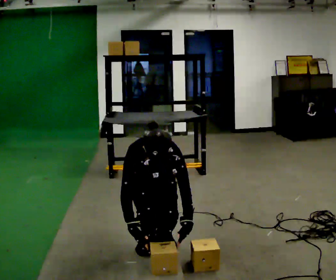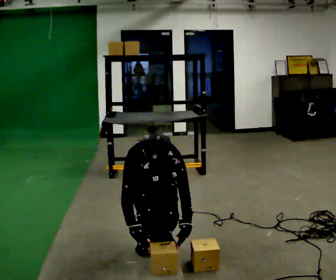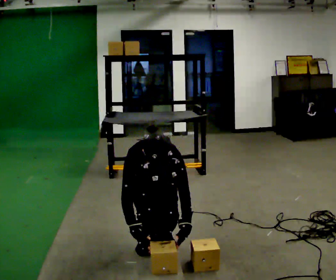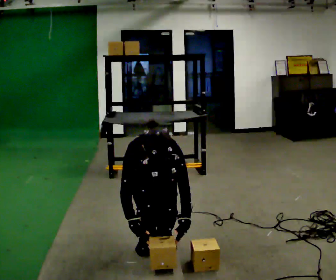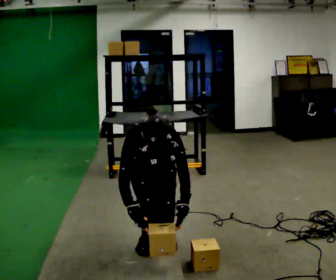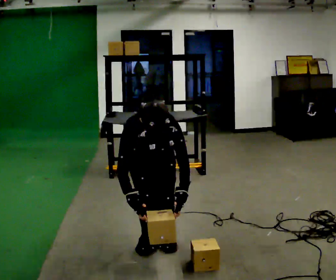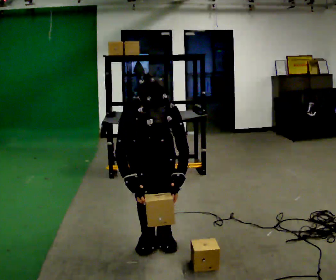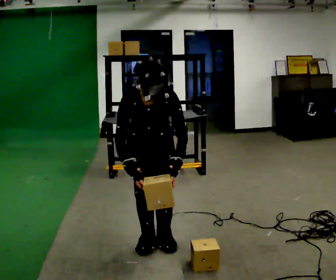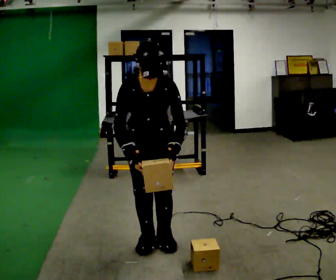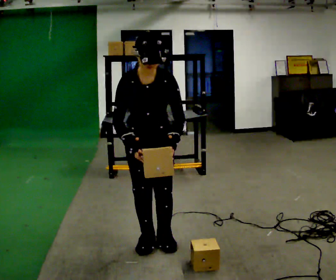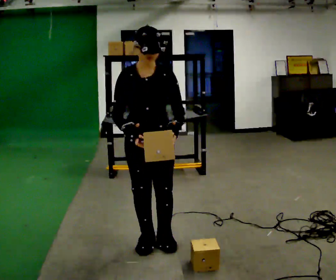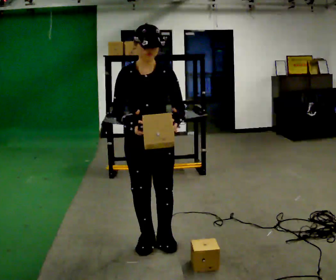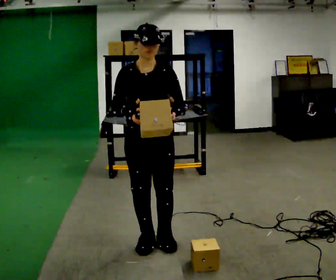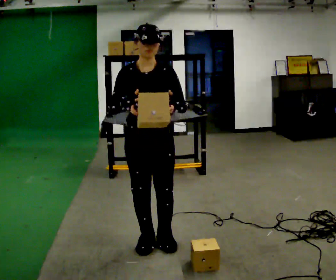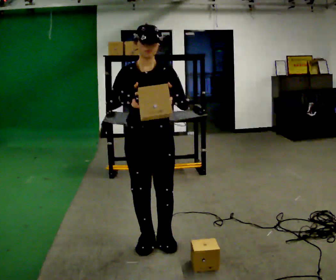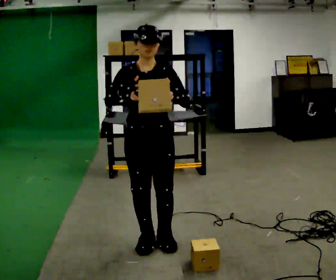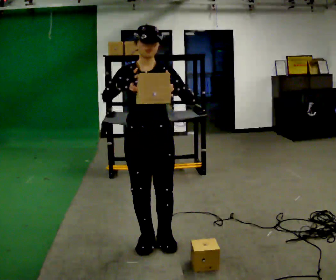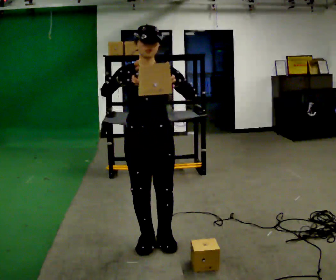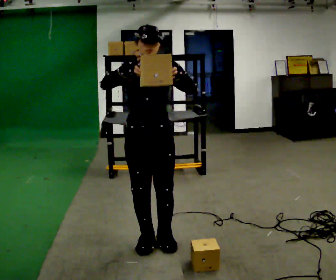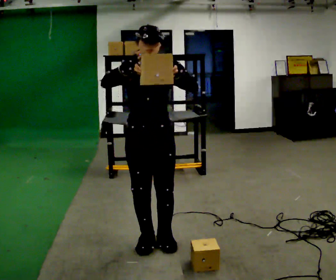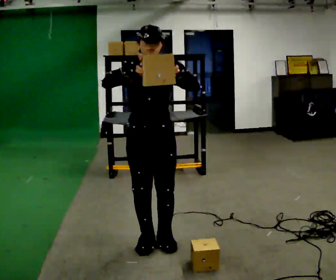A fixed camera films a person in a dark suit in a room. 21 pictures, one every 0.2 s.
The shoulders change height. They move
upward.
Their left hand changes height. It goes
upward.
0.0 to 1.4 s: The shoulders move upward. The upper body tips away from the camera, its near side rolling upward, as they lean back or straighten. In the picture their left hand goes upward.
1.4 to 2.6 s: The shoulders move upward. The upper body tips away from the camera, its near side rolling upward, as they lean back or straighten. In the picture their right hand goes upward.
2.6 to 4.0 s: The person moves a little, or ends about where they began.
The film runs forward here.
